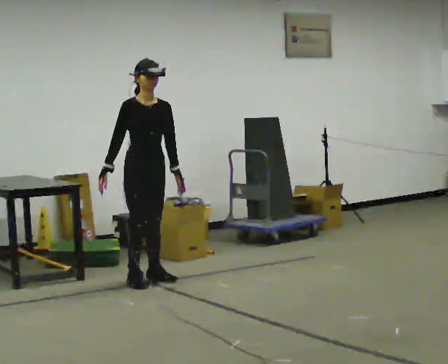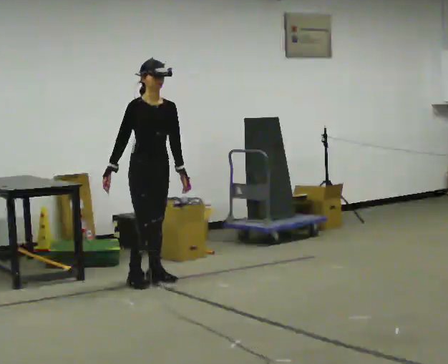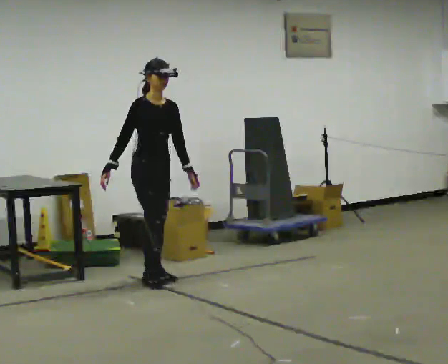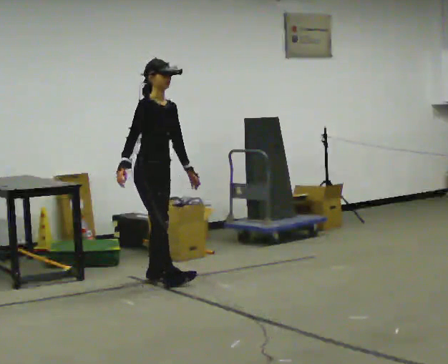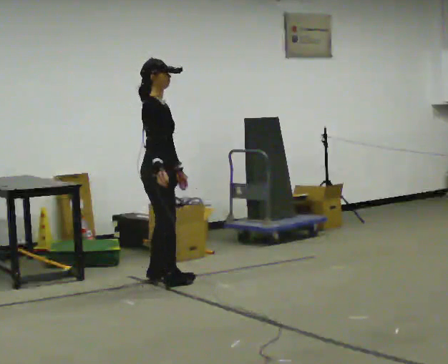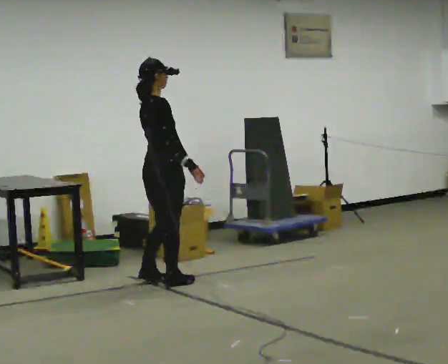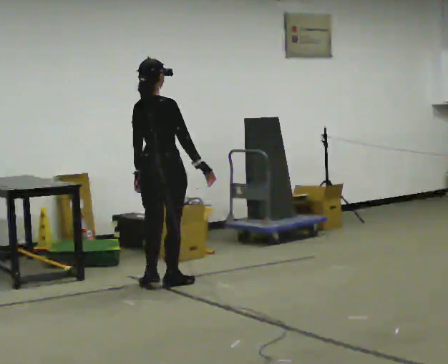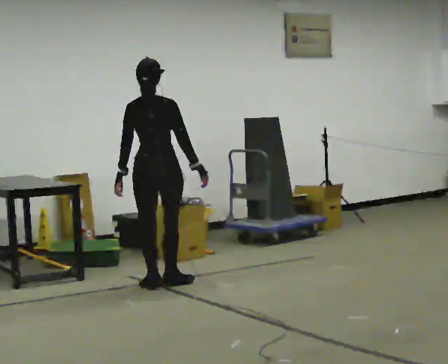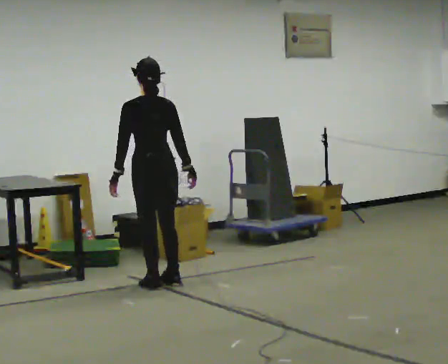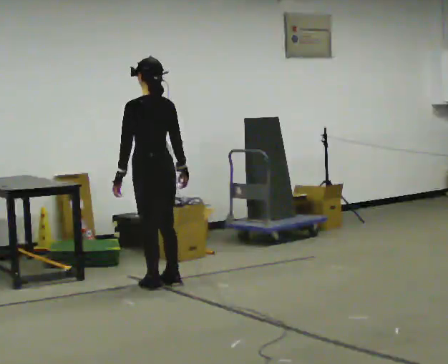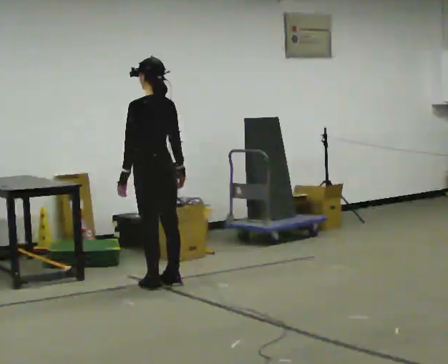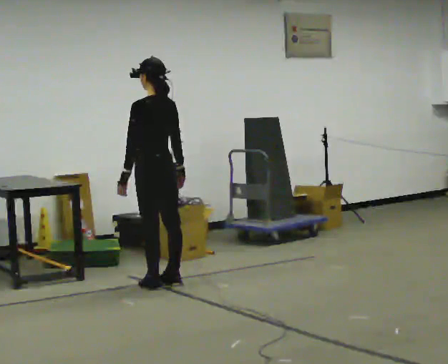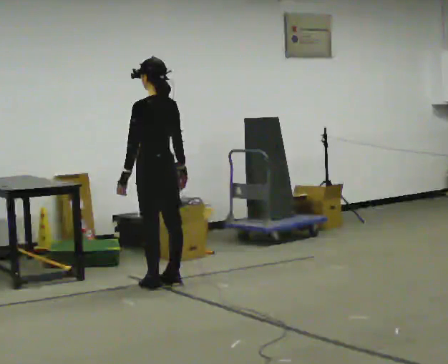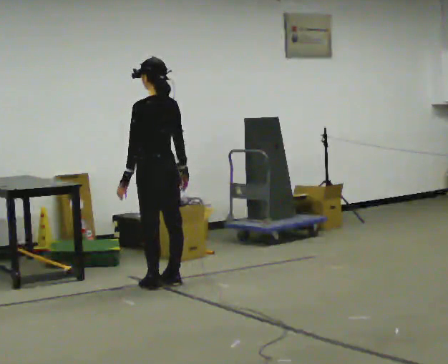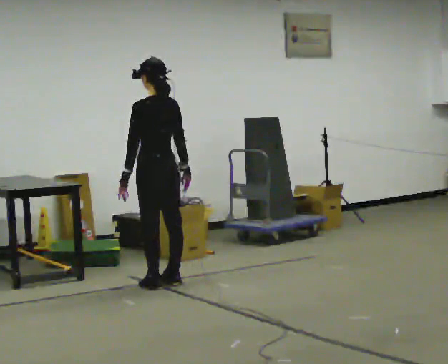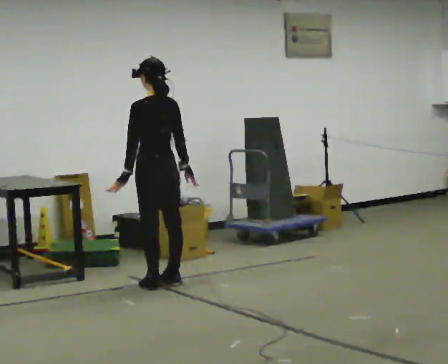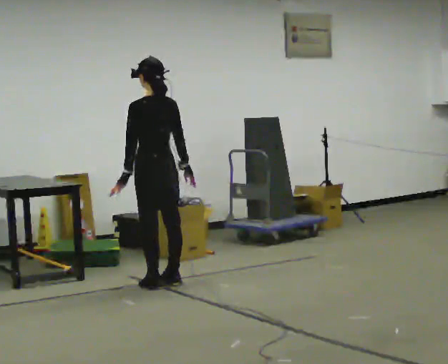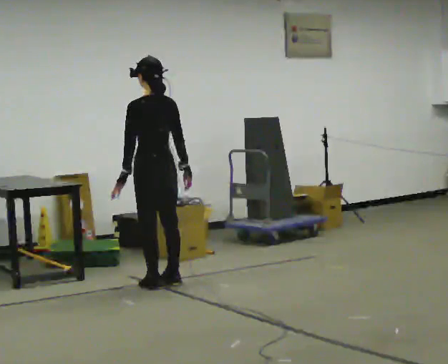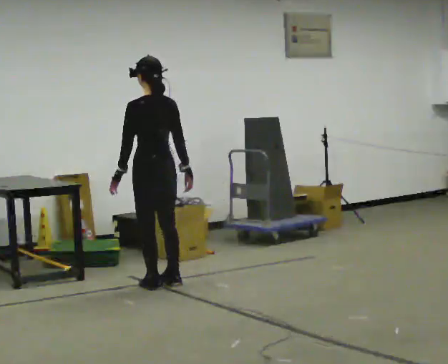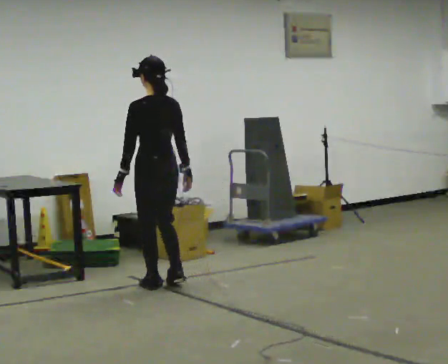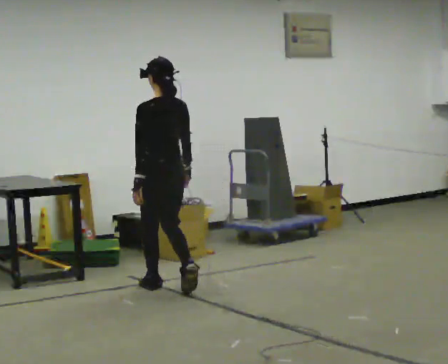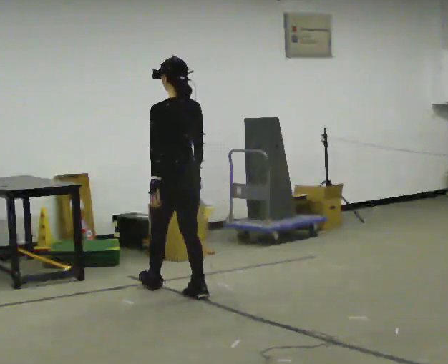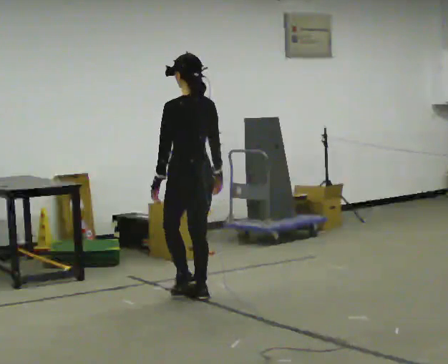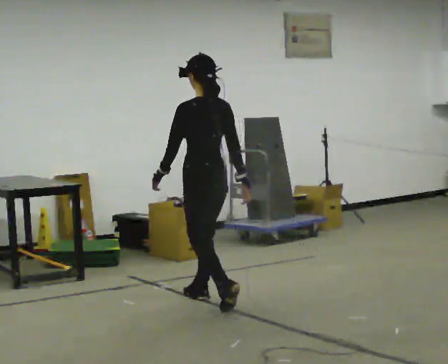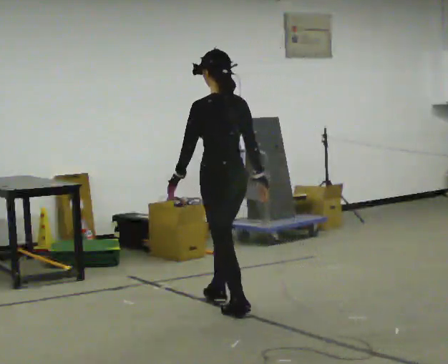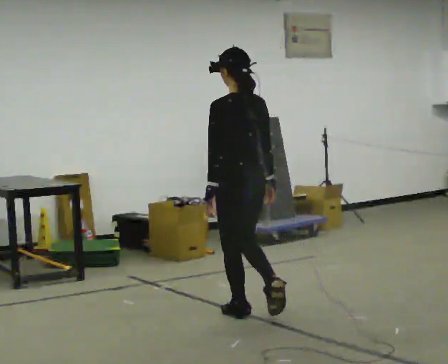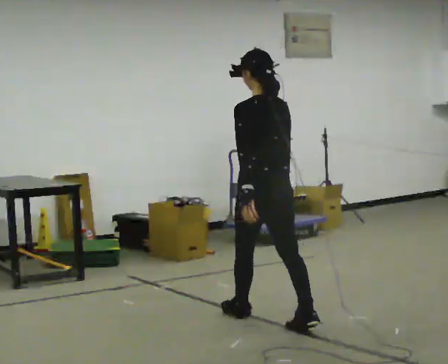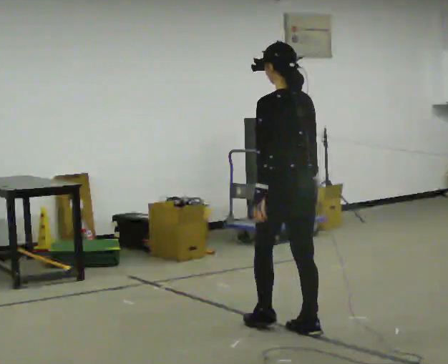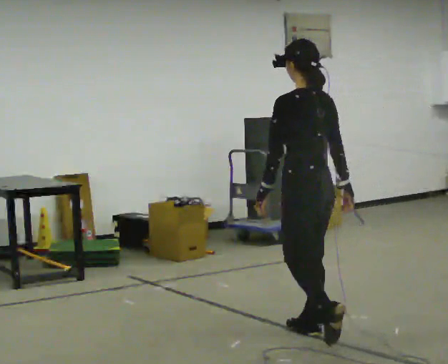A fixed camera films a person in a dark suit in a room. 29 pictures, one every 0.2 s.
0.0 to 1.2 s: The part of the body nearest the lens slides to the right as the person turns to their left by about 105 degrees. In the picture their right hand goes to the right, the arm swinging counterclockwise.
1.2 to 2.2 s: The person turns about 75 degrees to their left, counterclockwise seen from above, so the part of the body nearest the lens slides to the right.
2.2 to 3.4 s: The person moves a little, or ends about where they began.
3.4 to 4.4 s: In the picture they go toward the camera and to the right, about 0.5 m in 2 steps, which for them is backward.
4.4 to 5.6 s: In the picture they go toward the camera and to the right, about 1 m in 2 steps, which for them is backward.
The film runs backward here.
